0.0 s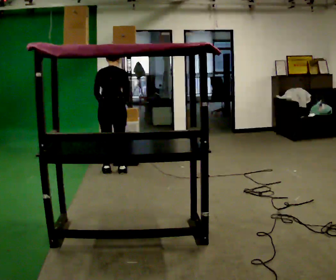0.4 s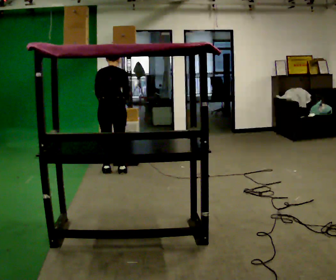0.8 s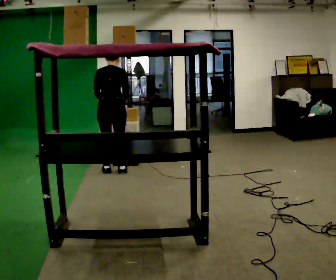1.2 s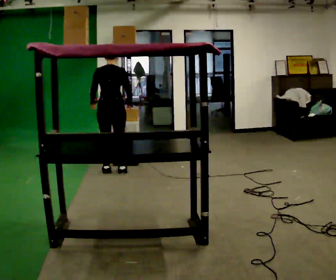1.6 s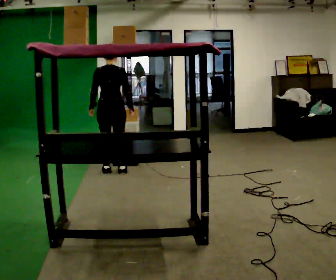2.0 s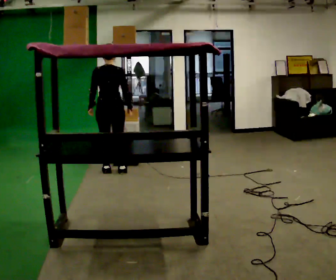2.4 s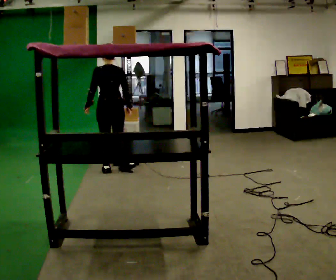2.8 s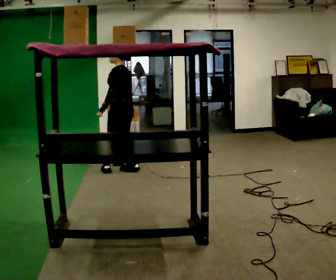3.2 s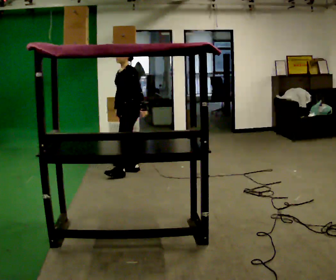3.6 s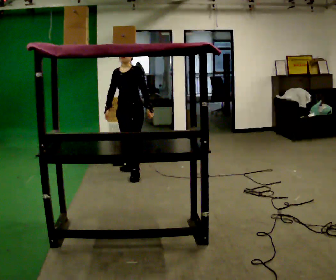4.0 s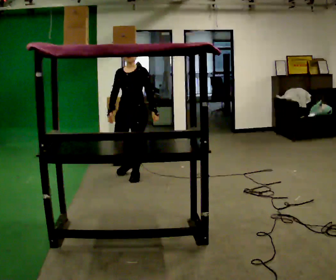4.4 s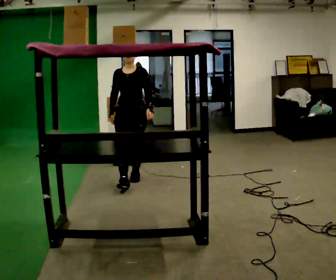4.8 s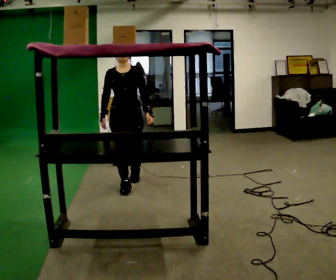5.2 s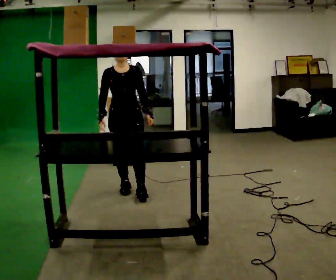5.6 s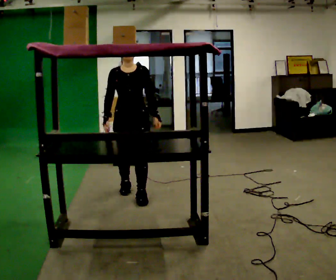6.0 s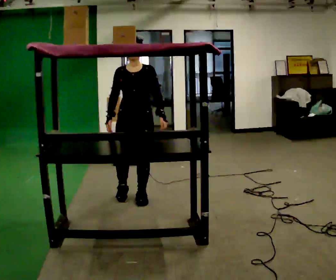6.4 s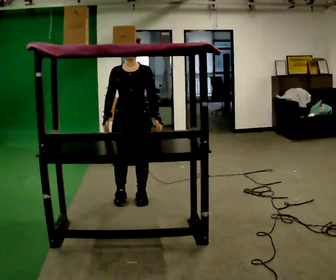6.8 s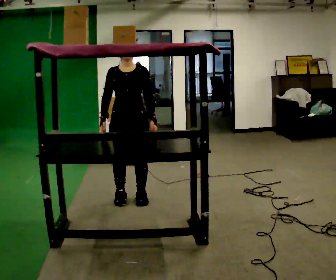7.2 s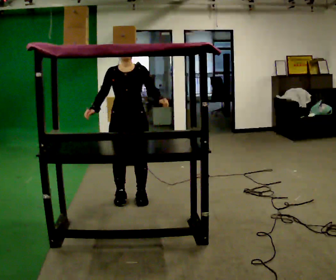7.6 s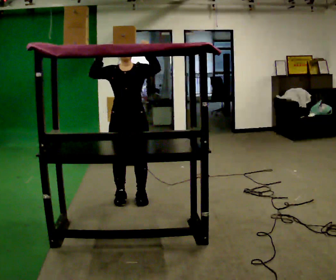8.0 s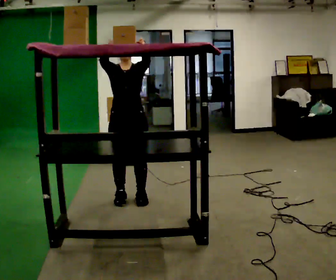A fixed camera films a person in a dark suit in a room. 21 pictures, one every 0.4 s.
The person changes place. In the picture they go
toward the camera.
The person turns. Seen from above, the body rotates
counterclockwise.
0.0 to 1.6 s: The upper body tips toward the camera, its near side rolling downward, as they lean back or straighten.
1.6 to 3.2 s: The person turns about 120 degrees to their left, counterclockwise seen from above, so the part of the body nearest the lens slides to the right. In the picture they go to the right, about 0.25 m in 1 step. In the picture their left hand goes to the right, the arm swinging counterclockwise.
3.2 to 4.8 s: Seen from above the body turns counterclockwise, about 75 degrees: to their left, with its near side sliding to the right. In the picture they go toward the camera, about 0.75 m in 2 steps.
4.8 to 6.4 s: In the picture they go toward the camera, about 0.5 m in 2 steps, which for them is forward.
6.4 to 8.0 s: In the picture their left hand goes upward.
The film runs forward here.
